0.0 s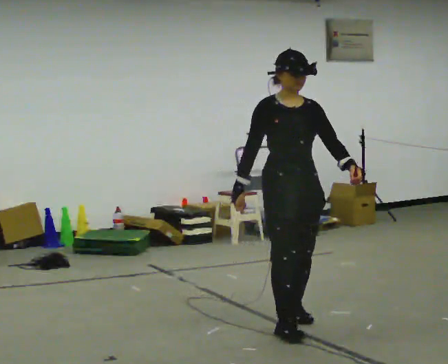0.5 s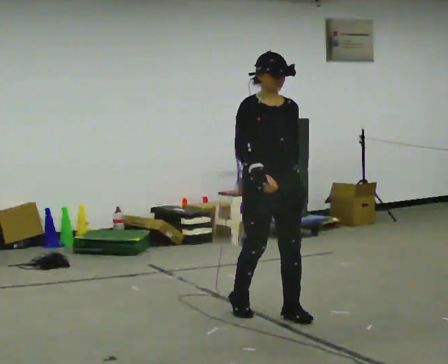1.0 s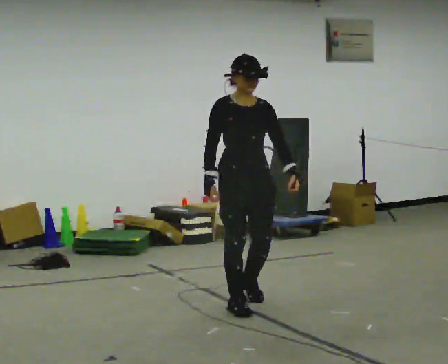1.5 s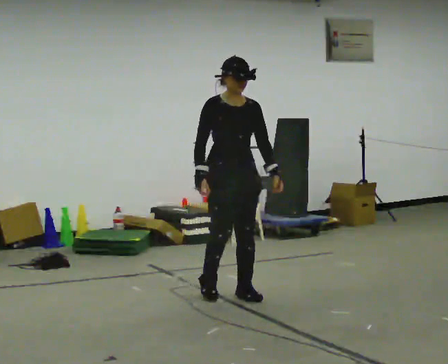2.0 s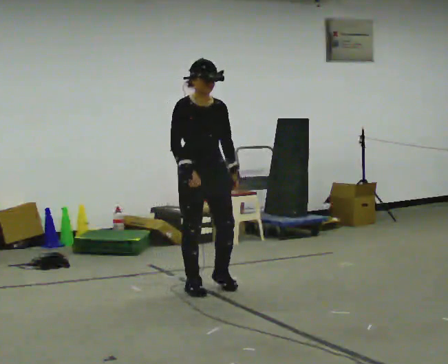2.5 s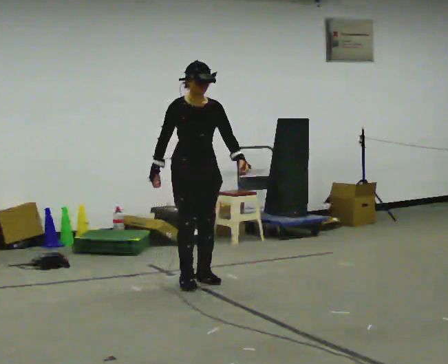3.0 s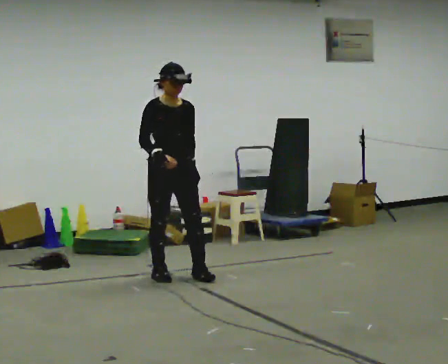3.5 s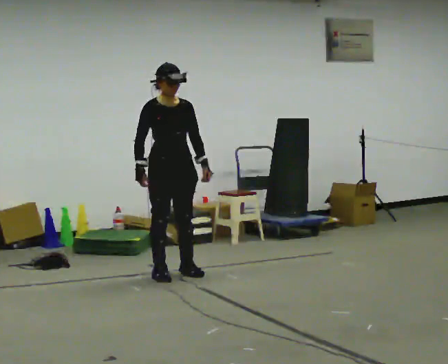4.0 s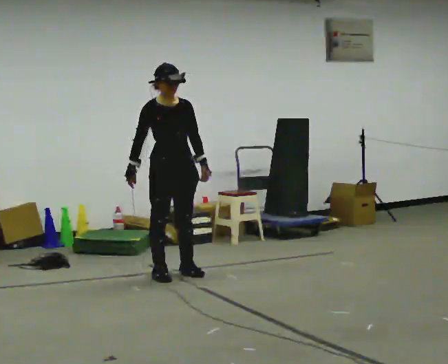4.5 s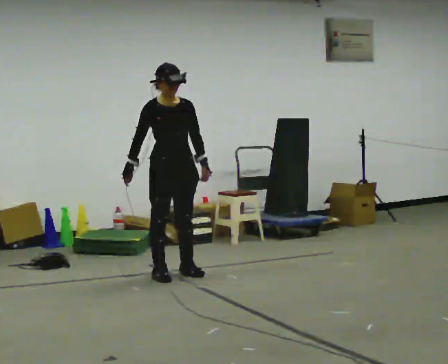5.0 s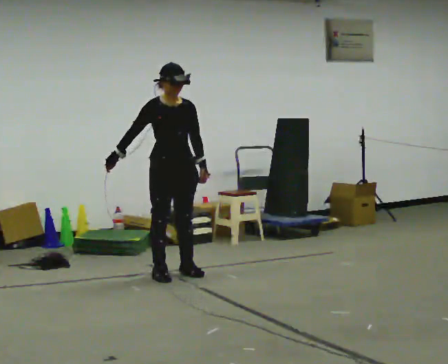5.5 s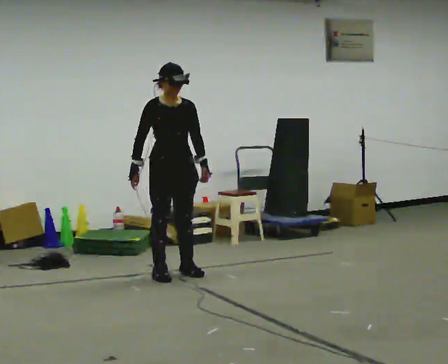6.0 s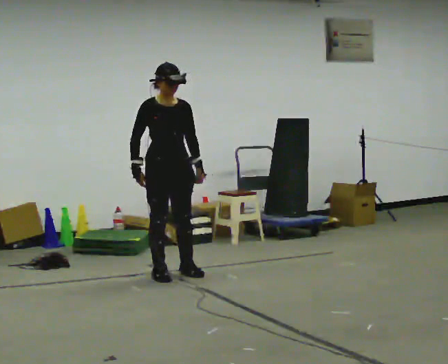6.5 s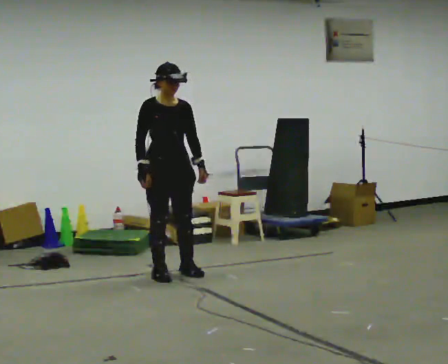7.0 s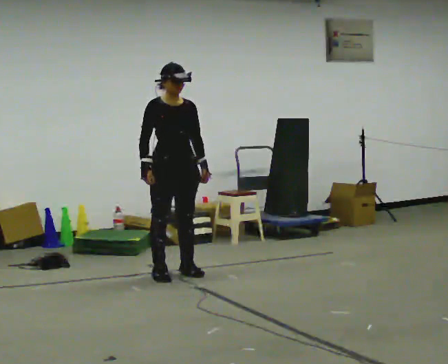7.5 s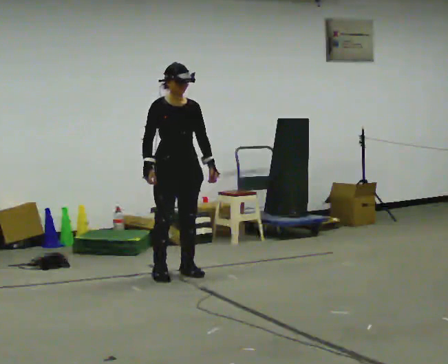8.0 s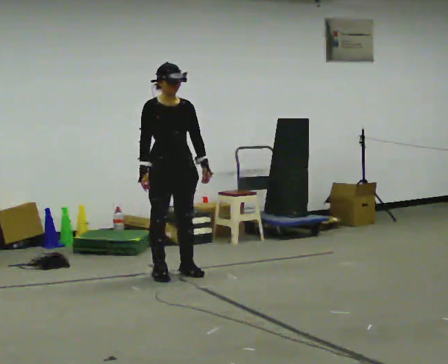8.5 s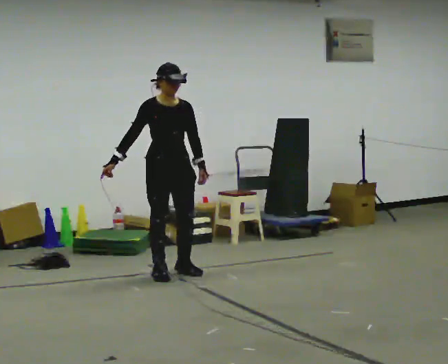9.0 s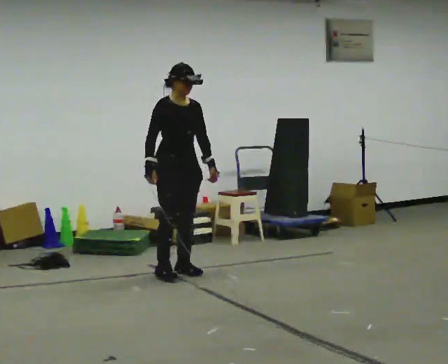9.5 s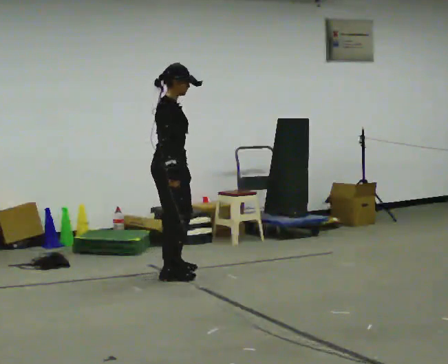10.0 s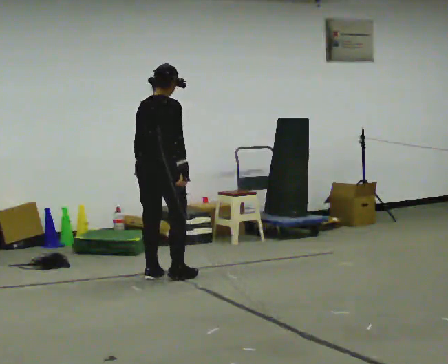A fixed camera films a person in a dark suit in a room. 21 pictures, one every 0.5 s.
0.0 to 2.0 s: In the picture they go away from the camera and to the left, about 1 m in 4 steps, which for them is backward.
2.0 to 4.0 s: In the picture they go away from the camera and to the left, about 0.5 m in 2 steps, which for them is backward.
4.0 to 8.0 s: The person moves a little, or ends about where they began.
8.0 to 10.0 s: The person turns about 120 degrees to their left, counterclockwise seen from above, so the part of the body nearest the lens slides to the right. In the picture their left hand goes to the left, the arm swinging clockwise.
The film runs backward here.
